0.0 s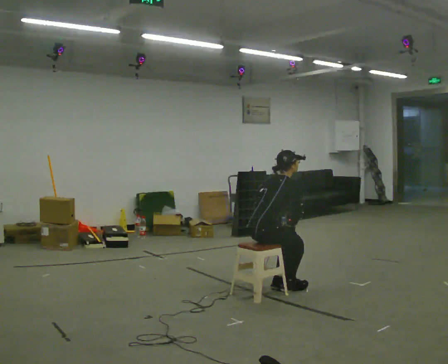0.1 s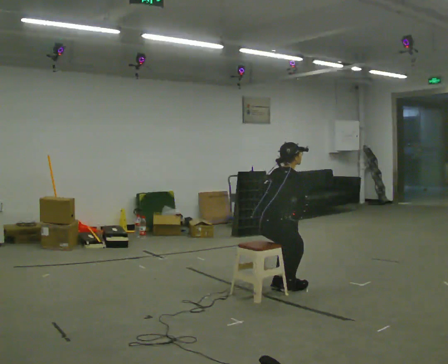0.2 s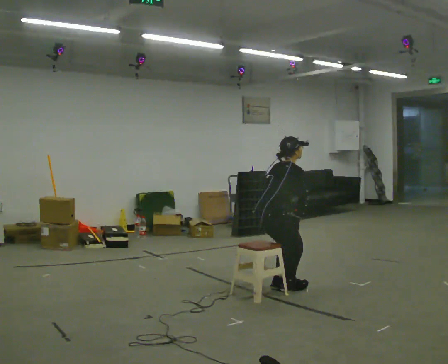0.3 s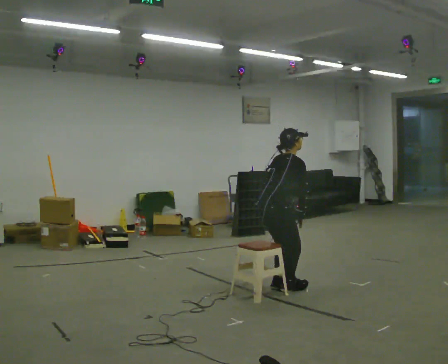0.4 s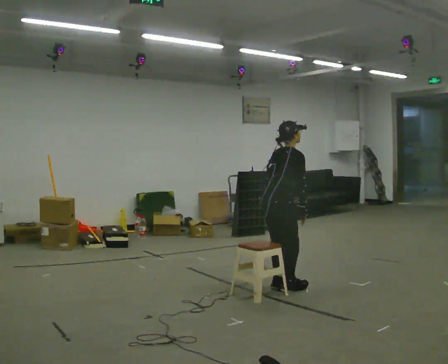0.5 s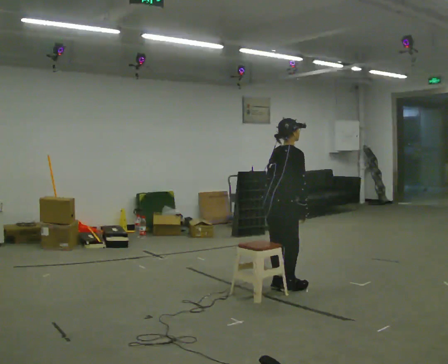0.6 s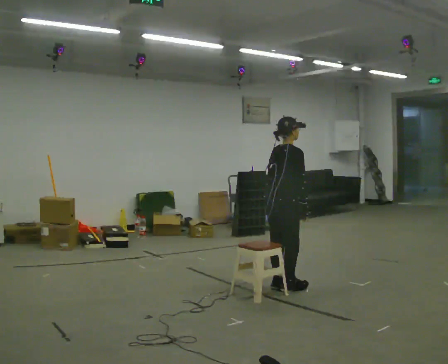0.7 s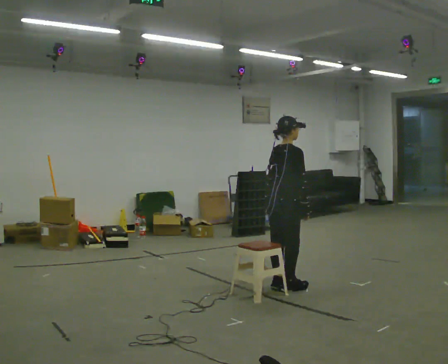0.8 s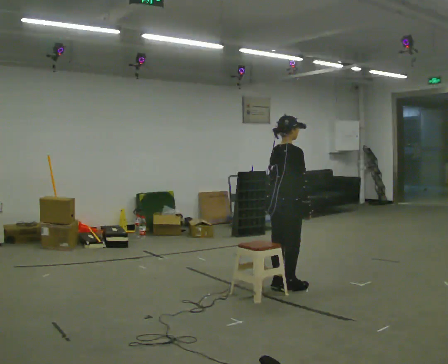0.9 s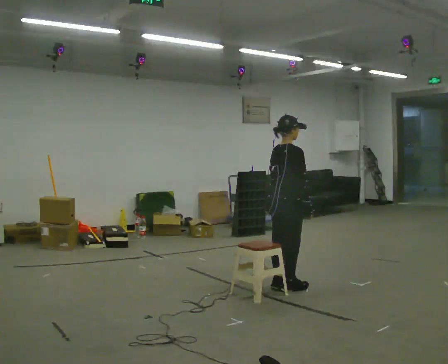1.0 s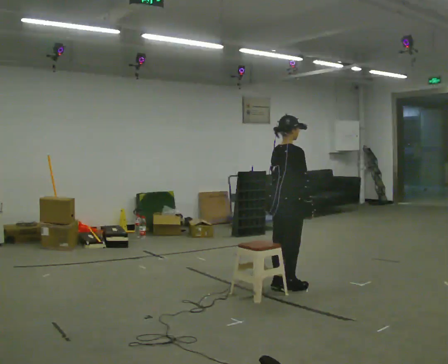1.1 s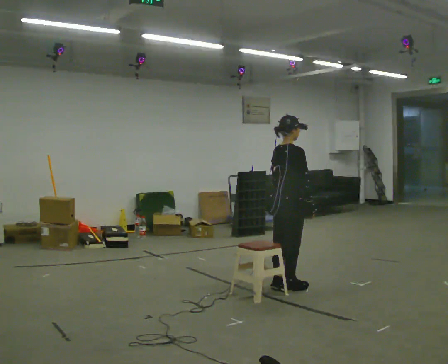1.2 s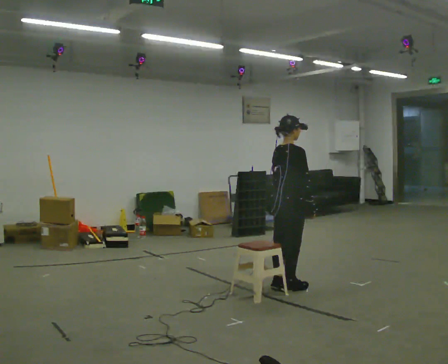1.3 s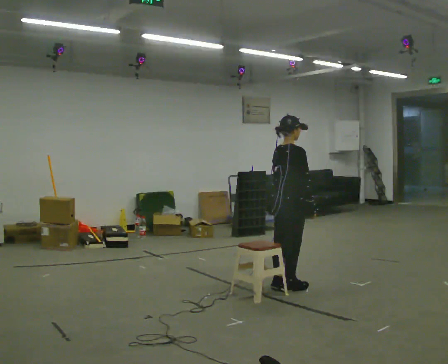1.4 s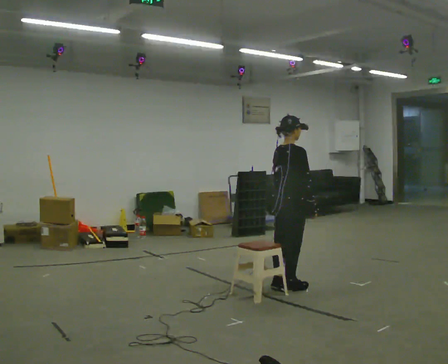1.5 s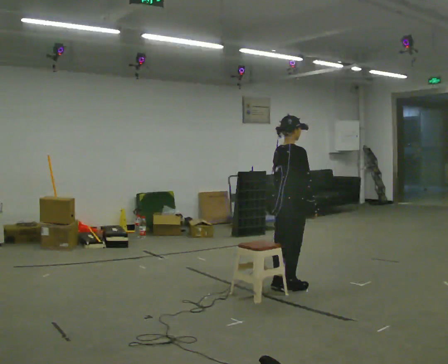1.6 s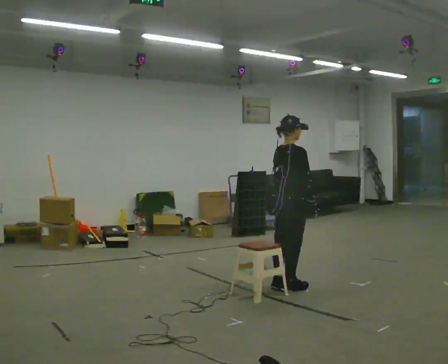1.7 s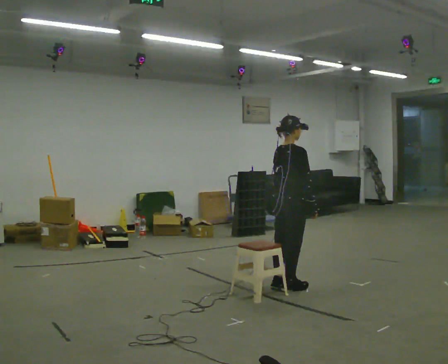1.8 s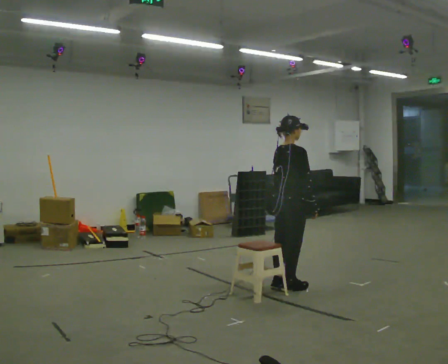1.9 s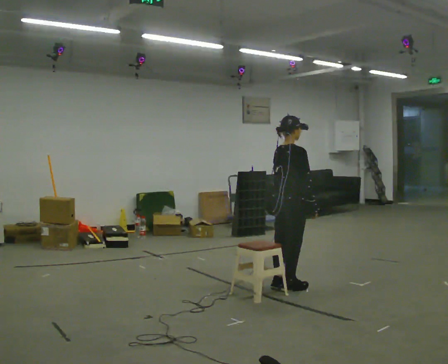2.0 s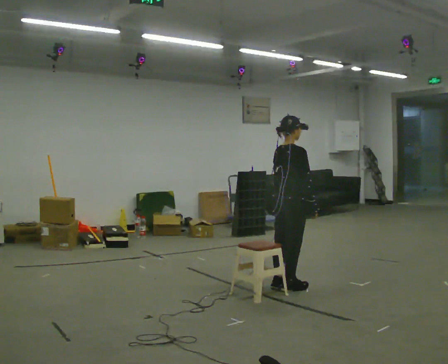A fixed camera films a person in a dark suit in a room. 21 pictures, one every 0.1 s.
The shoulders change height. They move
upward.
0.0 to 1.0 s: In the picture they go to the right and away from the camera, about 0.25 m, which for them is forward. The upper body goes upward. In the picture the upper body tilts counterclockwise, shoulders to the left, as they lean back or straighten.
1.0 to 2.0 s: The person moves a little, or ends about where they began.
The film runs backward here.
